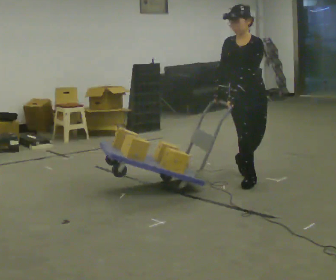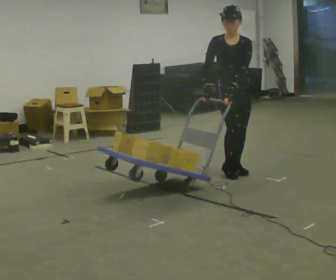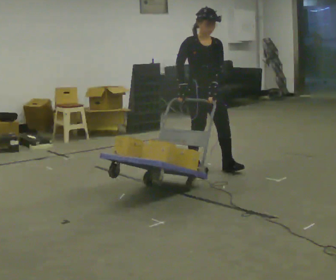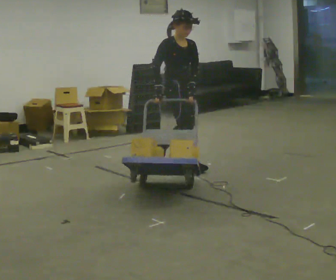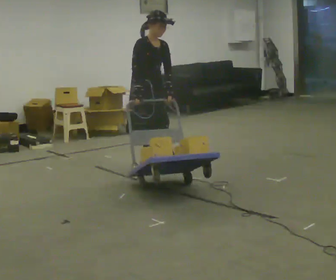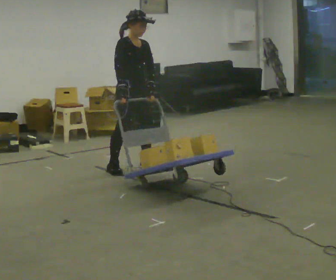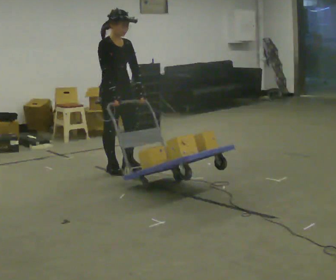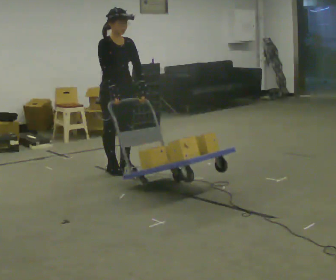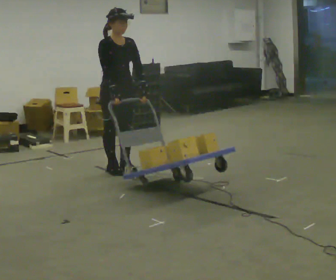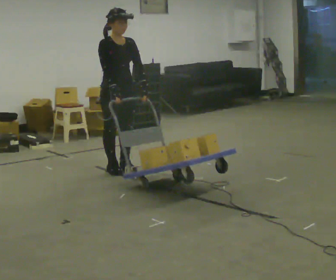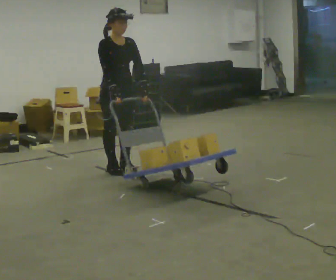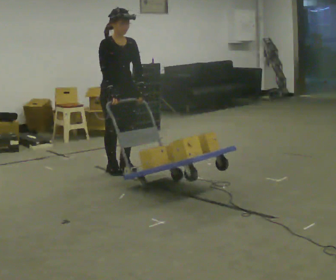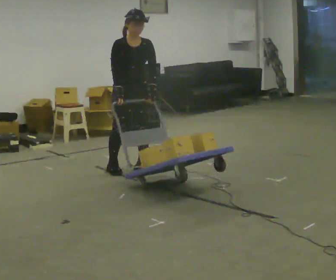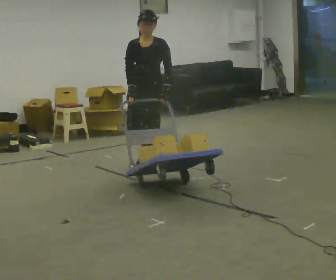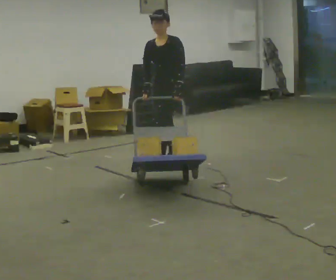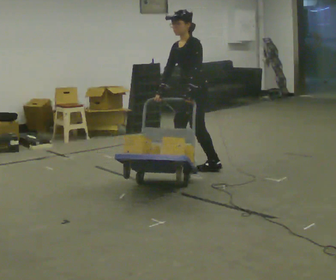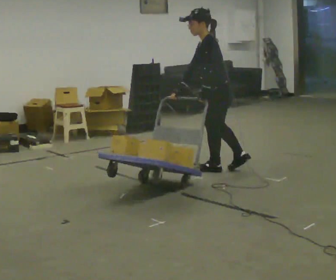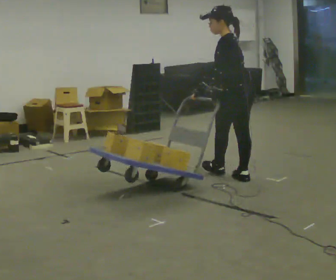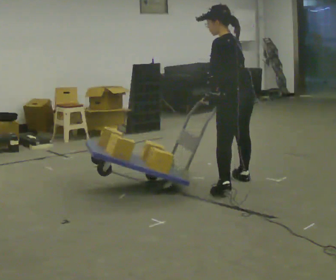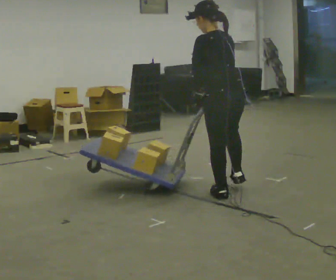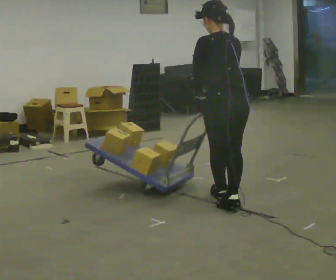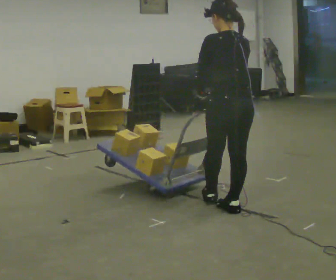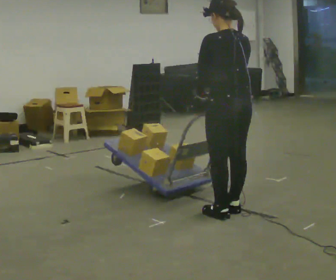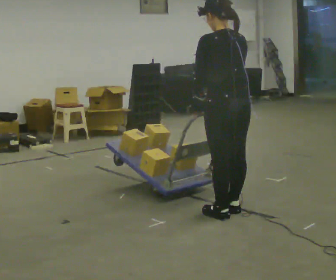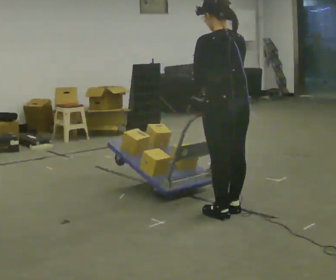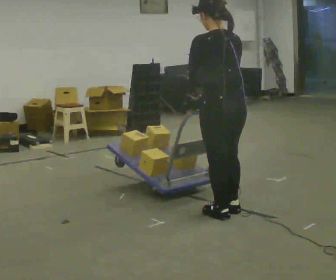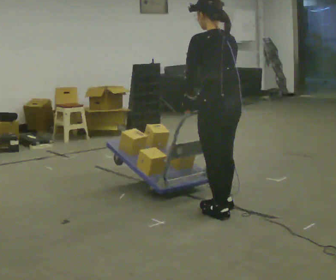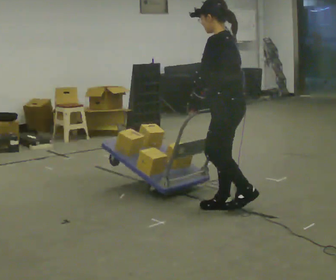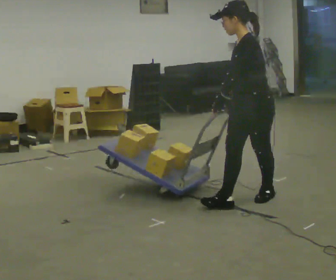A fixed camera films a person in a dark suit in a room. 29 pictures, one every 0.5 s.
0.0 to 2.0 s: The part of the body nearest the lens slides to the right as the person turns to their left by about 75 degrees. In the picture they go to the left and away from the camera, about 1 m in 3 steps.
2.0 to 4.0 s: Seen from above the body turns clockwise, about 30 degrees: to their right, with its near side sliding to the left. In the picture they go to the left and toward the camera, about 0.25 m in 1 step, which for them is to their right.
4.0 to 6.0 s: Seen from above the body turns clockwise, about 30 degrees: to their right, with its near side sliding to the left.
6.0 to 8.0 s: Seen from above the body turns clockwise, about 105 degrees: to their right, with its near side sliding to the left. In the picture they go to the right, about 1 m in 3 steps. In the picture the upper body tilts counterclockwise, shoulders to the left.
8.0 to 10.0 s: The part of the body nearest the lens slides to the left as the person turns to their right by about 60 degrees. In the picture they go toward the camera, about 1 m in 2 steps.
10.0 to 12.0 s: In the picture they go toward the camera, about 0.25 m in 1 step, which for them is backward and to their left.
12.0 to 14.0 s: The part of the body nearest the lens slides to the right as the person turns to their left by about 90 degrees. In the picture they go away from the camera and to the right, about 0.25 m in 1 step.
The film runs backward here.
